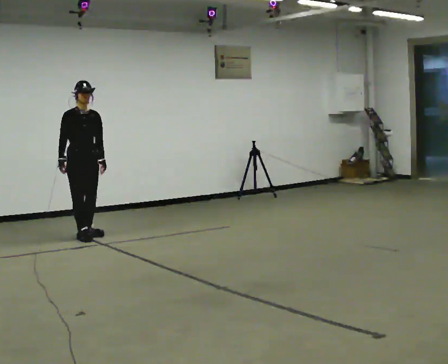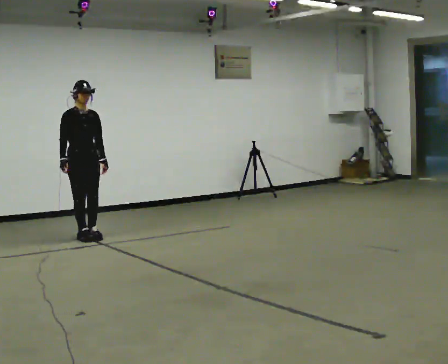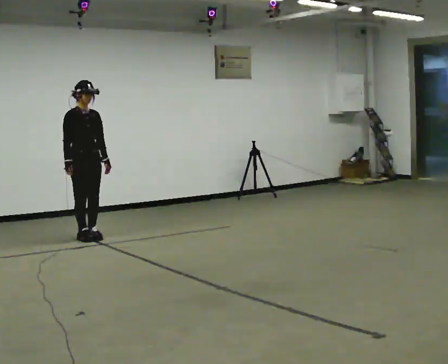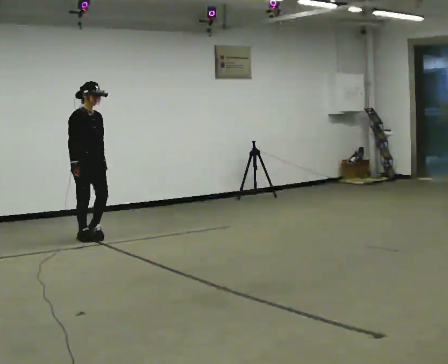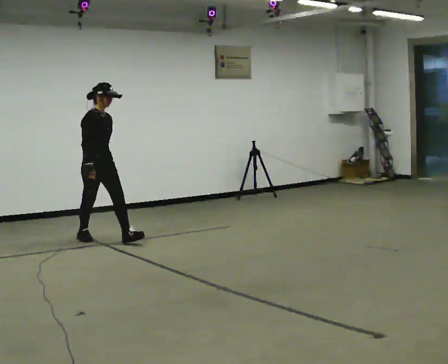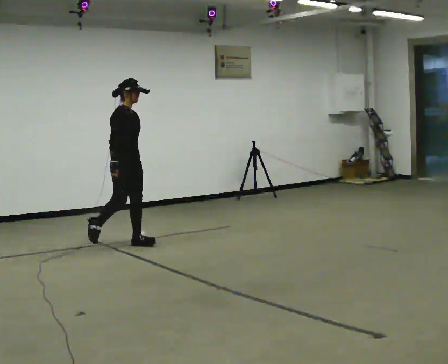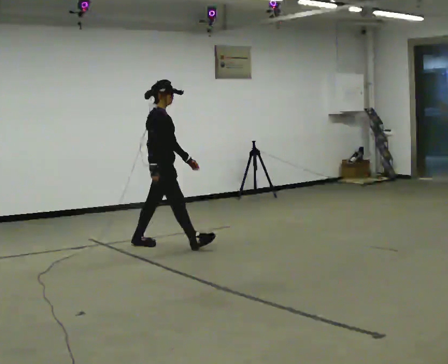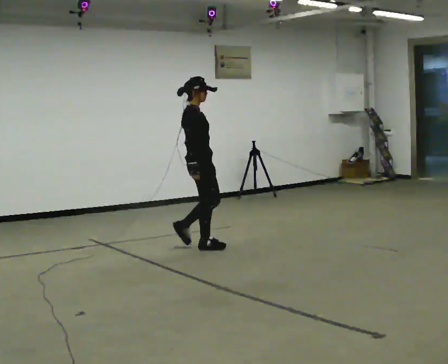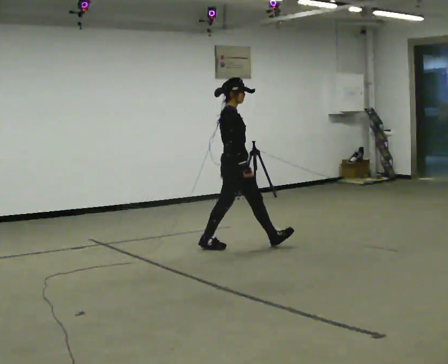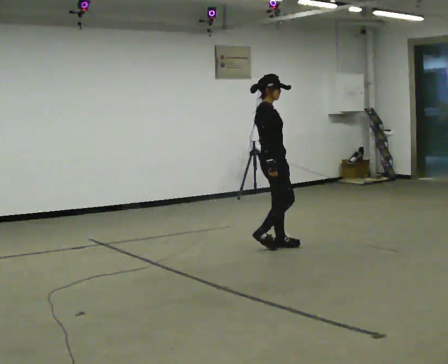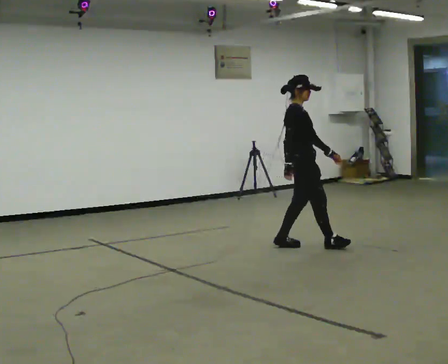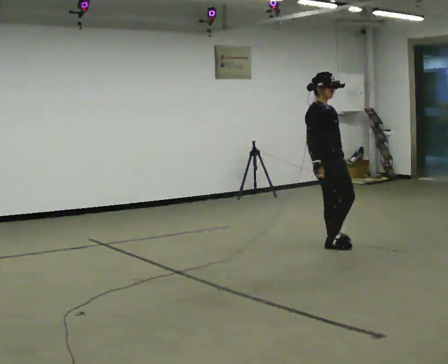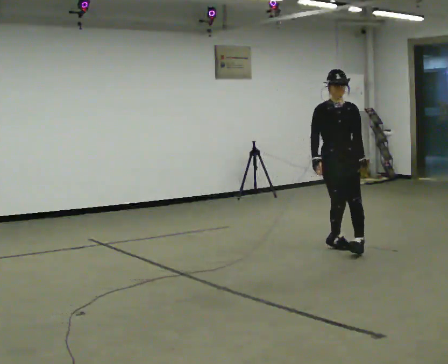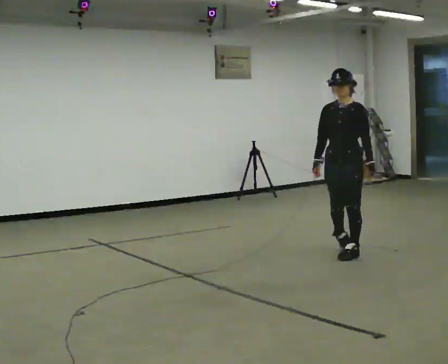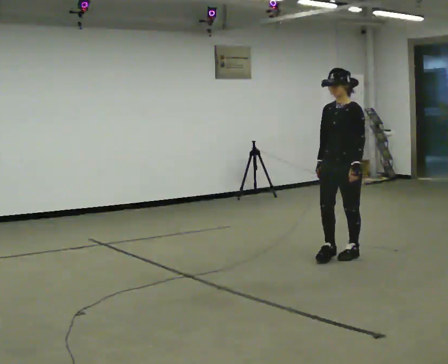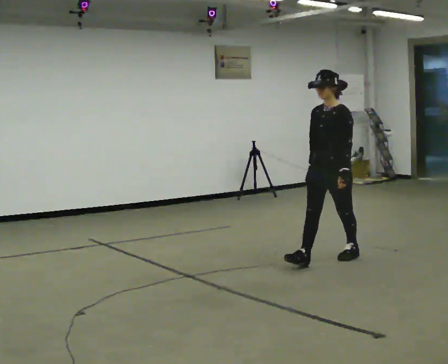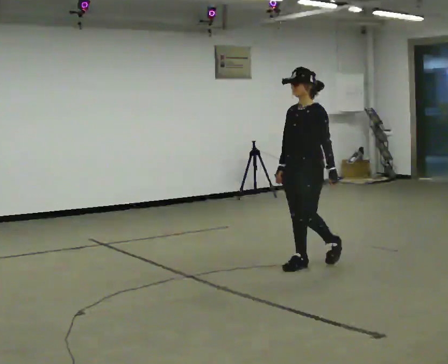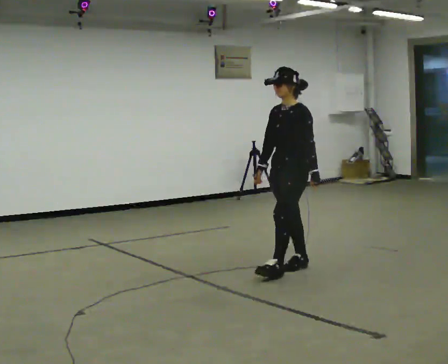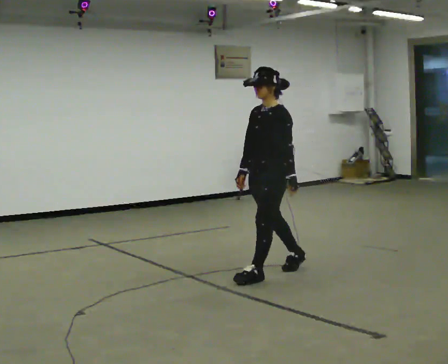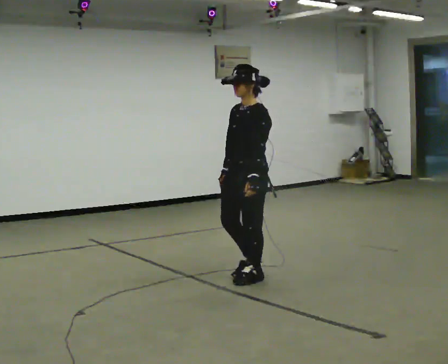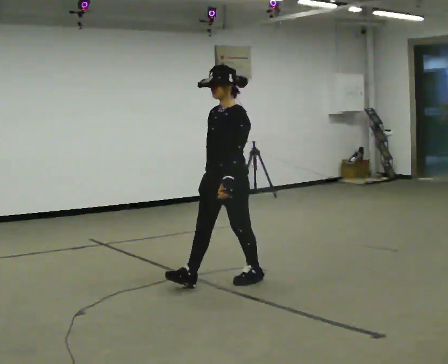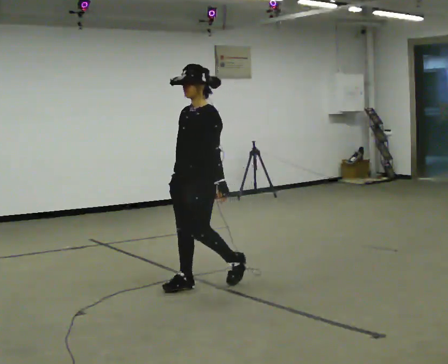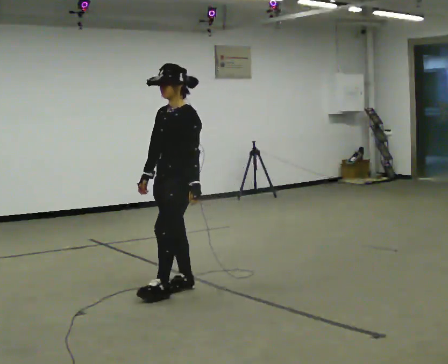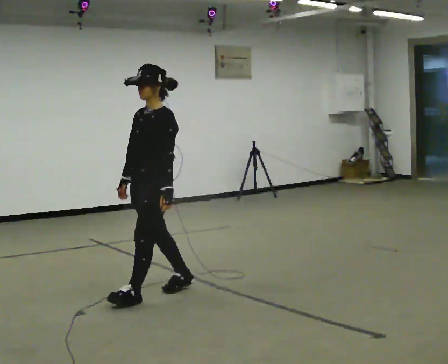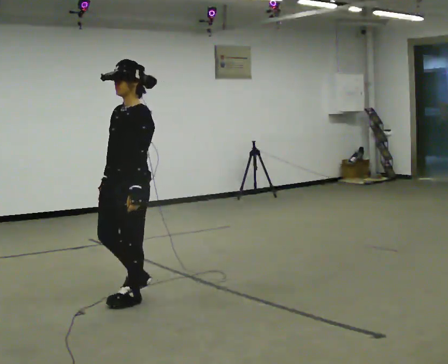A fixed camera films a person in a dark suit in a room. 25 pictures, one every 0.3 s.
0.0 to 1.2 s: The person turns about 30 degrees to their left, counterclockwise seen from above, so the part of the body nearest the lens slides to the right. In the picture they go to the right and toward the camera, about 0.25 m, which for them is forward.
1.2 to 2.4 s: In the picture they go to the right, about 1.5 m in 2 steps, which for them is forward.
2.4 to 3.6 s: The person turns about 75 degrees to their right, clockwise seen from above, so the part of the body nearest the lens slides to the left. In the picture they go to the right, about 1 m in 2 steps.
3.6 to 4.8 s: The part of the body nearest the lens slides to the left as the person turns to their right by about 45 degrees. In the picture they go toward the camera and to the left, about 0.75 m in 2 steps, which for them is forward.
4.8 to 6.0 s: In the picture they go to the left and toward the camera, about 1 m in 1 step, which for them is forward.
6.0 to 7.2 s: In the picture they go to the left and toward the camera, about 1 m in 2 steps, which for them is forward.
The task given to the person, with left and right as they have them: Walk continuously ~15 s; naturally alternate slow/normal/fast several times; no stop.
The film runs forward here.
